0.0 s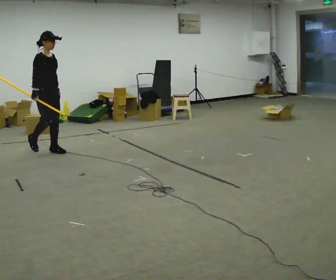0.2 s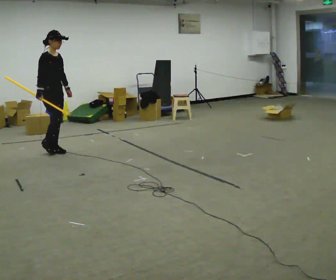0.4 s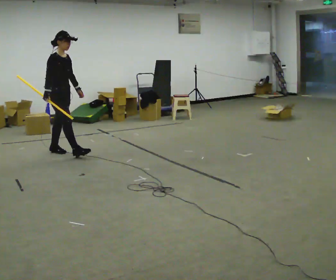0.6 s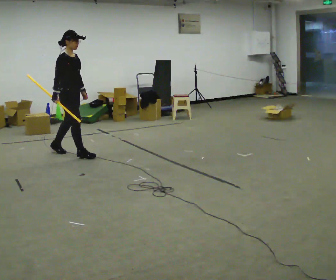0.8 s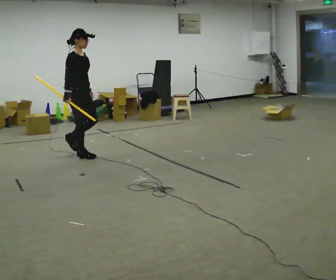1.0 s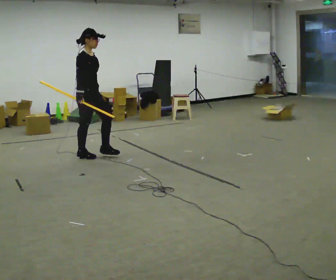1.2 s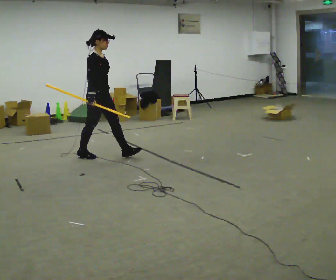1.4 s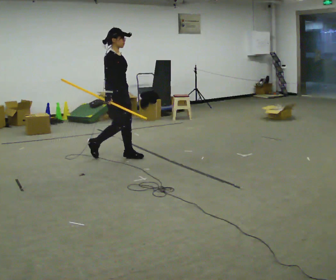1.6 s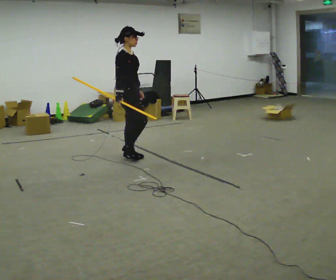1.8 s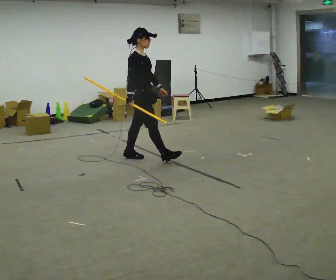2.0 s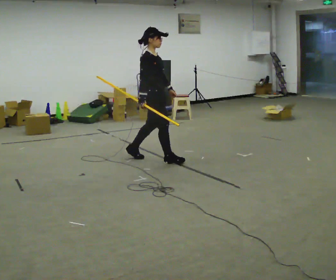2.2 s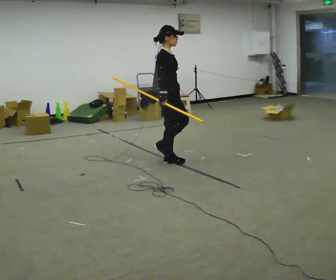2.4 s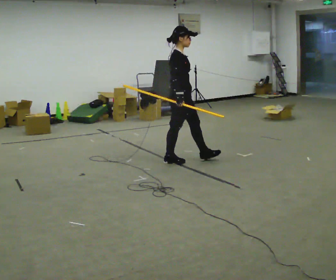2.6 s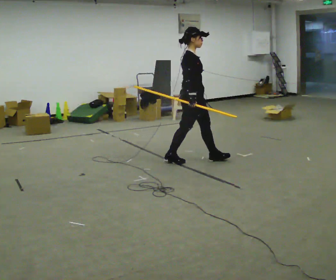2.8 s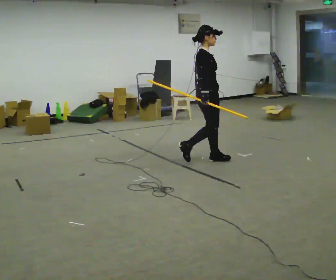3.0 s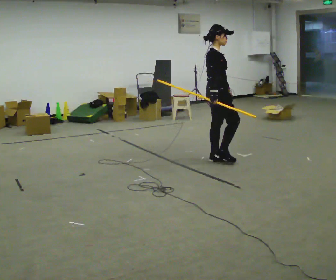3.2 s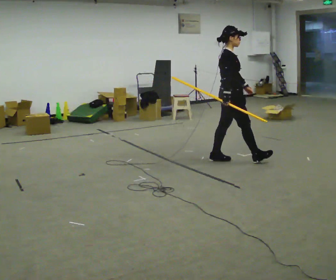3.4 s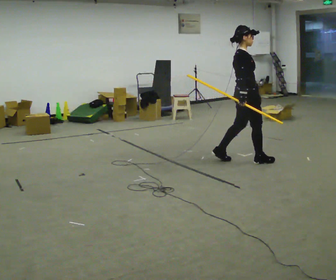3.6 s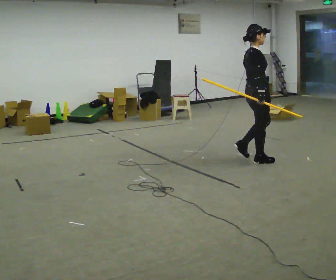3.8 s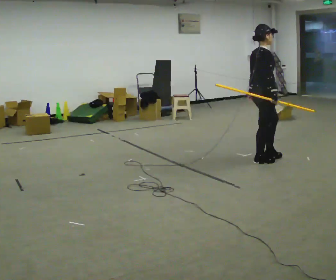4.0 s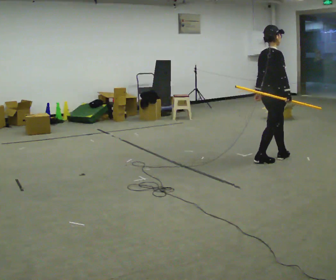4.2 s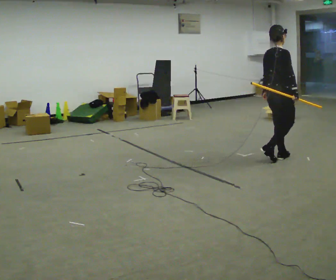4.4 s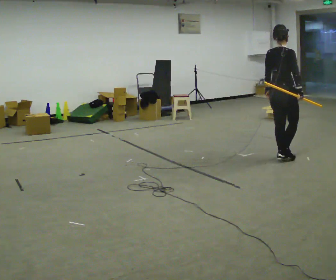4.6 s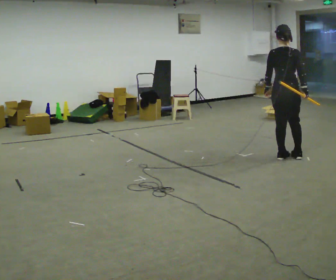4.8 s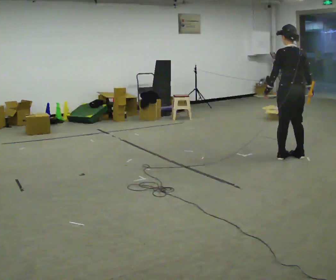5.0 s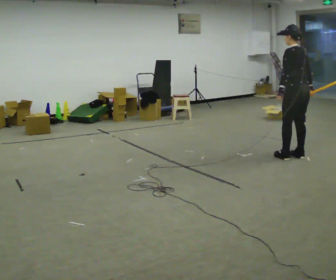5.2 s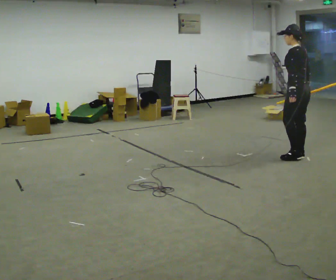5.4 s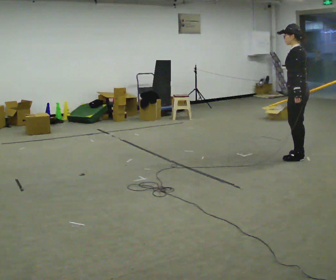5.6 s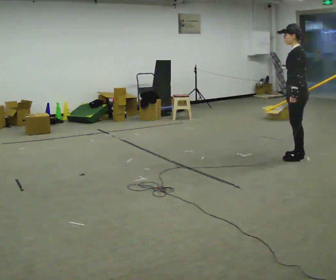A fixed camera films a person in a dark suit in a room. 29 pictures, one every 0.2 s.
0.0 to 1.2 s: In the picture they go to the right, about 1 m in 1 step, which for them is forward.
1.2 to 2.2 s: In the picture they go to the right, about 1 m in 2 steps, which for them is forward.
2.2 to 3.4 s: In the picture they go to the right, about 1 m in 2 steps, which for them is forward.
3.4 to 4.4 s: Seen from above the body turns counterclockwise, about 45 degrees: to their left, with its near side sliding to the right. In the picture they go to the right, about 0.5 m in 1 step, which for them is forward.
4.4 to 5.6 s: The person turns about 120 degrees to their left, counterclockwise seen from above, so the part of the body nearest the lens slides to the right. In the picture they go to the right, about 0.25 m in 2 steps.
The film runs forward here.
